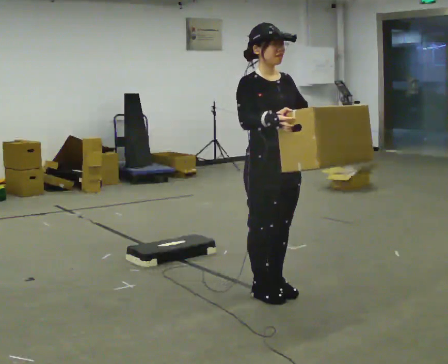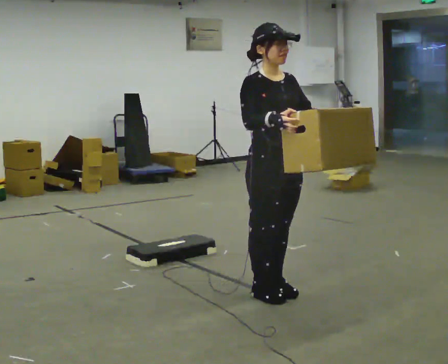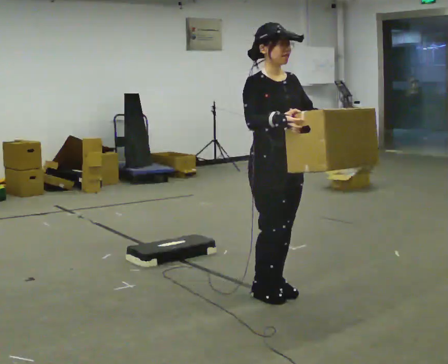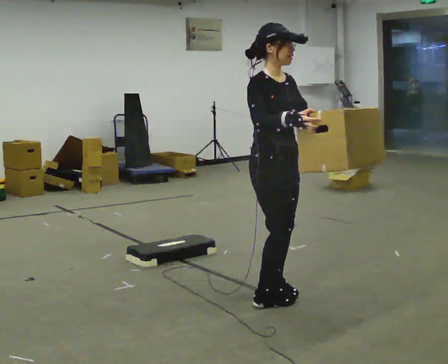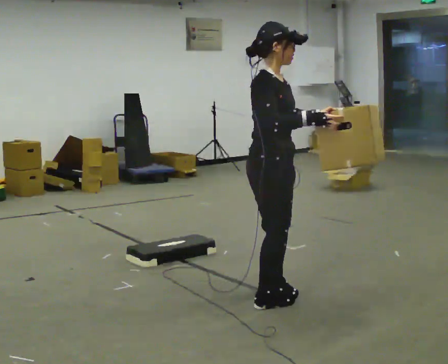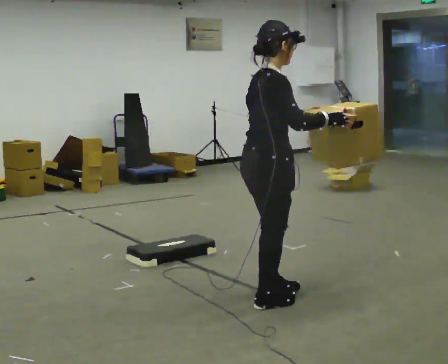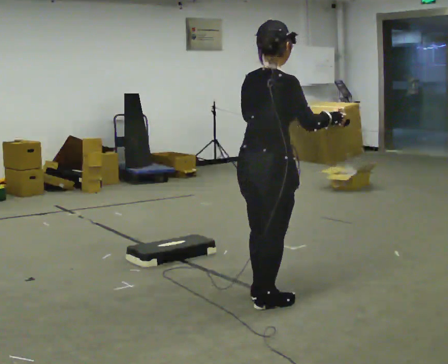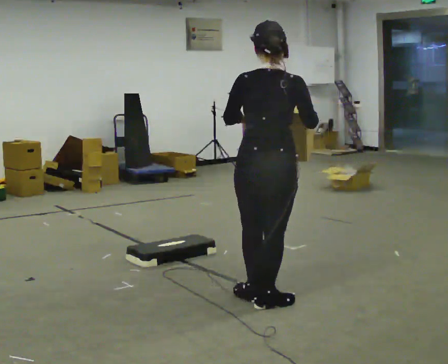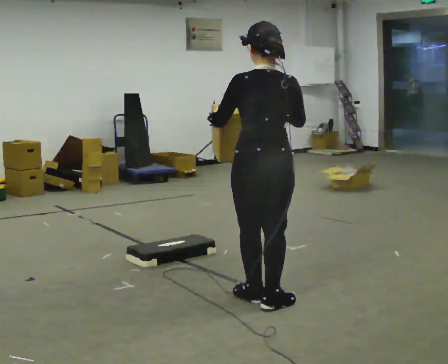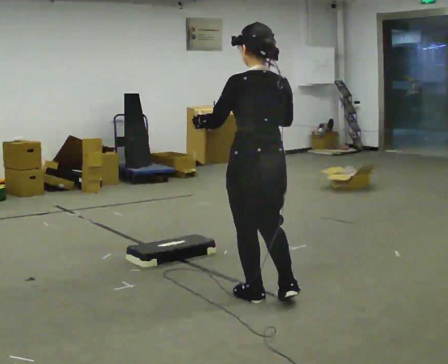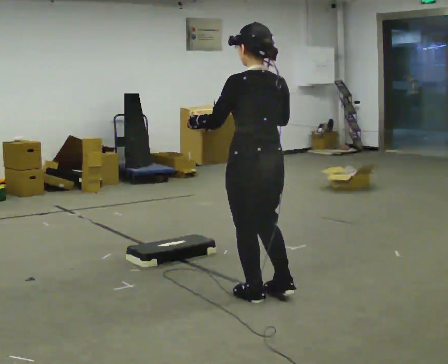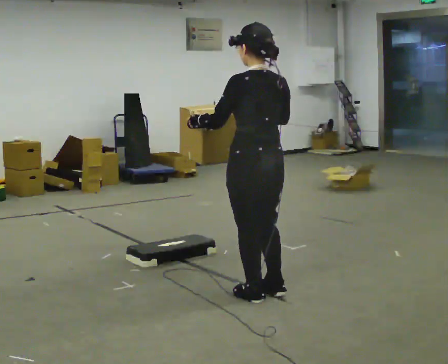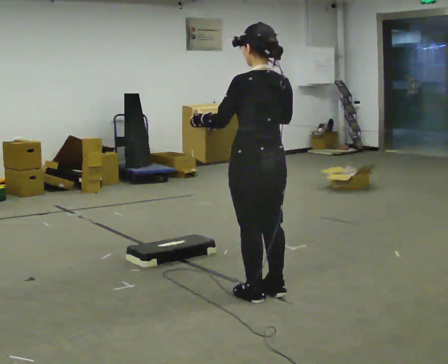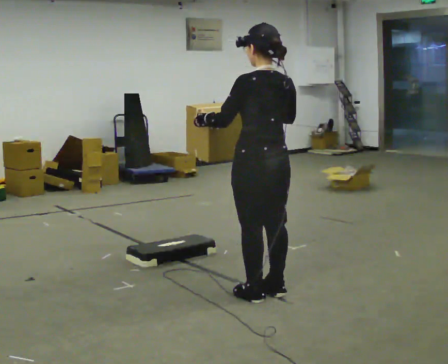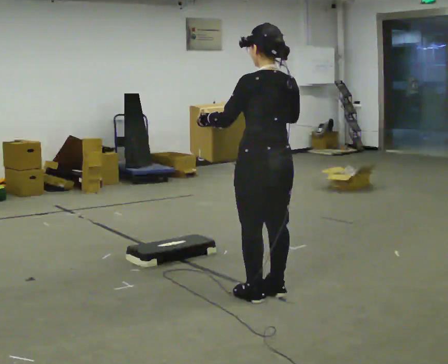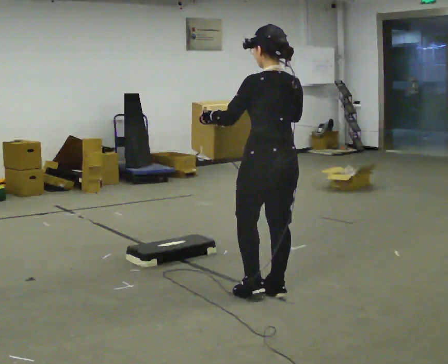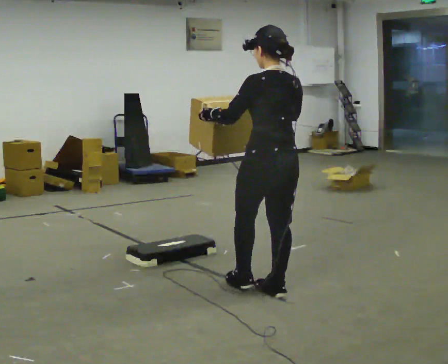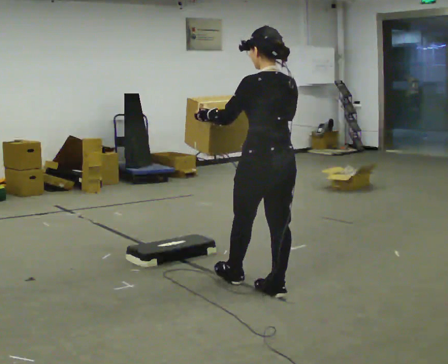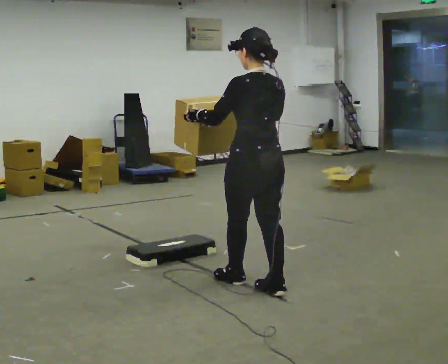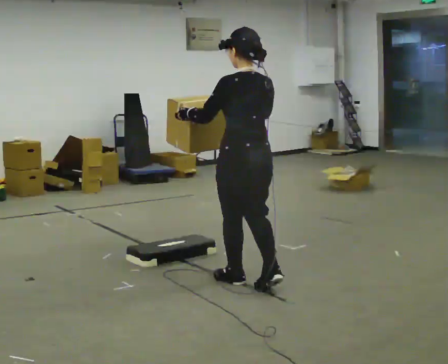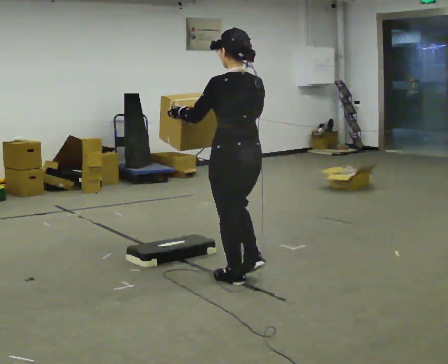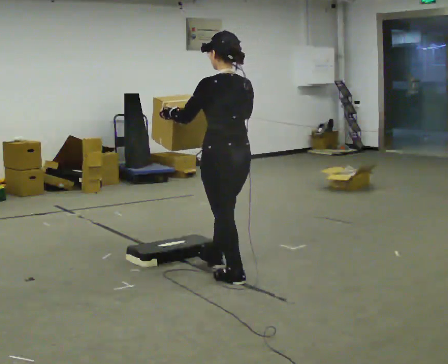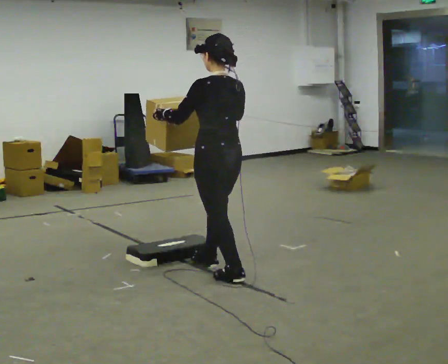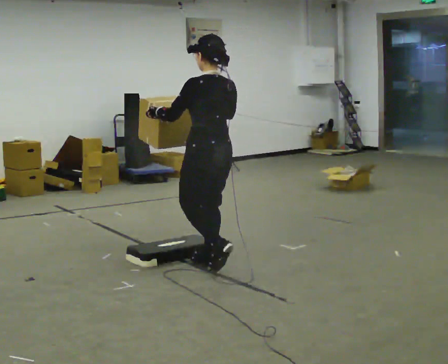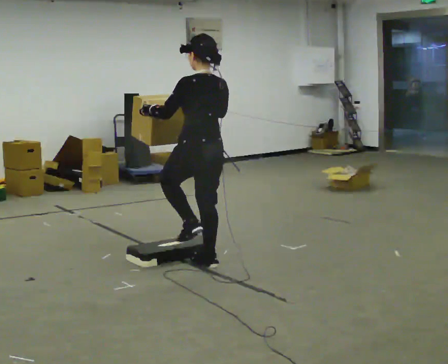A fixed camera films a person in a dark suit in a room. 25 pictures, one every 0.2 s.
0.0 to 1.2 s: The person turns about 105 degrees to their left, counterclockwise seen from above, so the part of the body nearest the lens slides to the right. In the picture they go toward the camera, about 0.25 m in 2 steps. In the picture their left hand goes to the left.
1.2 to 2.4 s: The part of the body nearest the lens slides to the right as the person turns to their left by about 60 degrees. In the picture they go away from the camera, about 0.25 m in 1 step. In the picture their left hand goes to the left.
2.4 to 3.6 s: In the picture they go away from the camera, about 0.25 m in 1 step, which for them is forward.
3.6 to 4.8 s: In the picture they go away from the camera and to the left, about 0.5 m in 1 step, which for them is forward.
The film runs forward here.
